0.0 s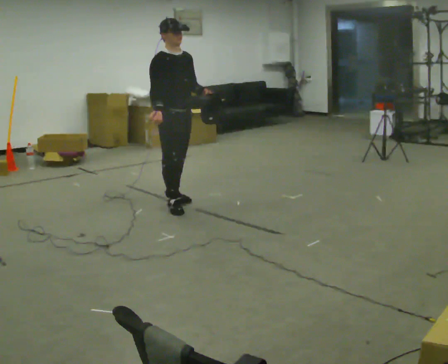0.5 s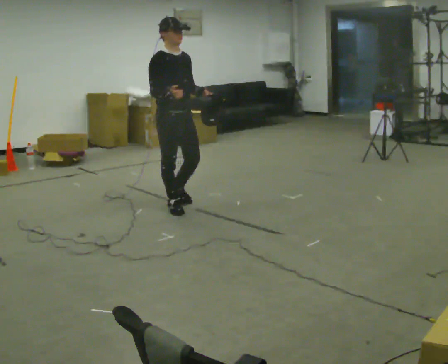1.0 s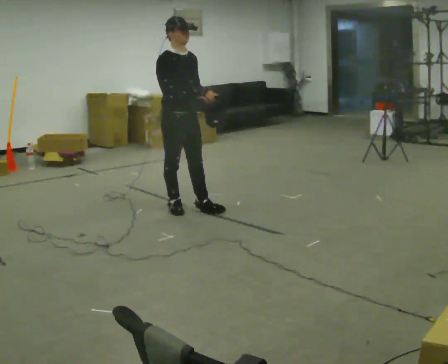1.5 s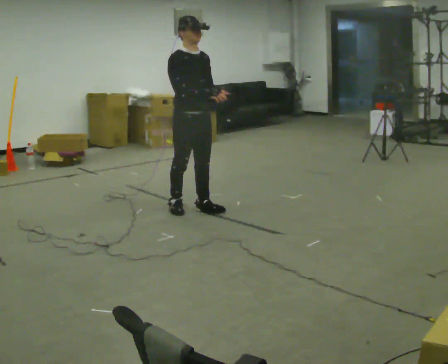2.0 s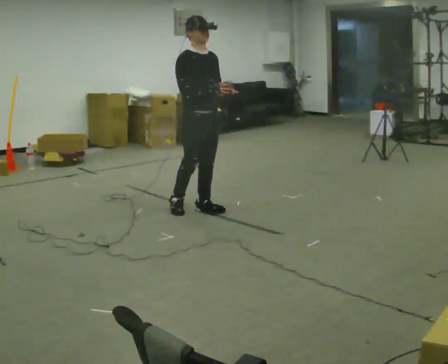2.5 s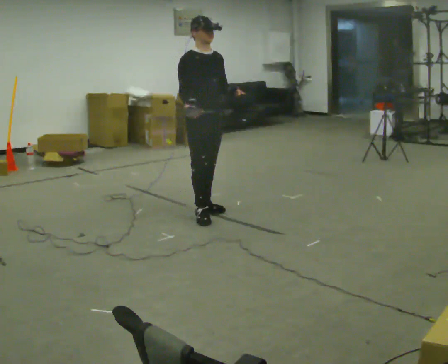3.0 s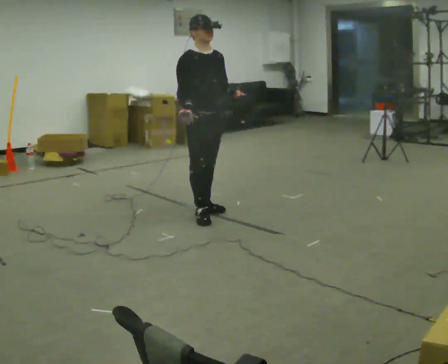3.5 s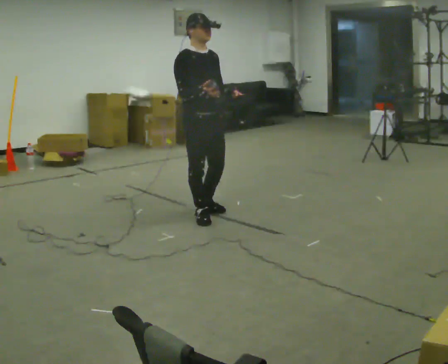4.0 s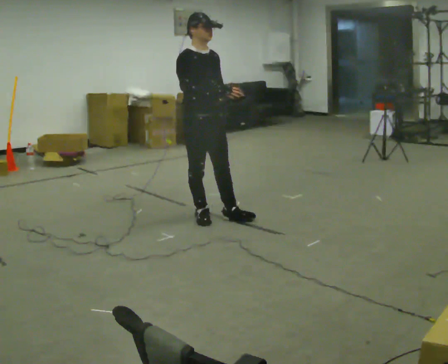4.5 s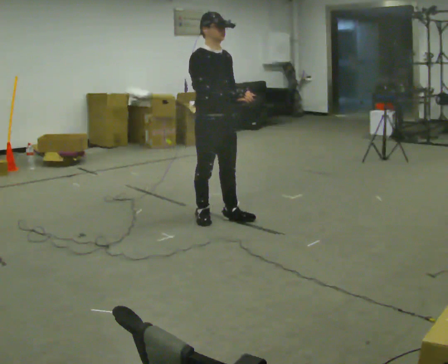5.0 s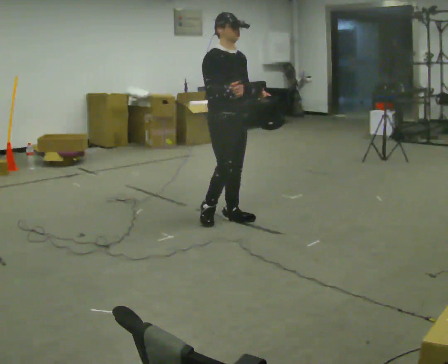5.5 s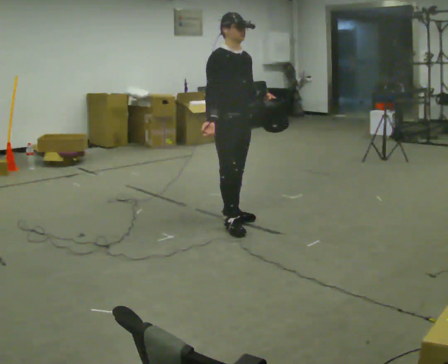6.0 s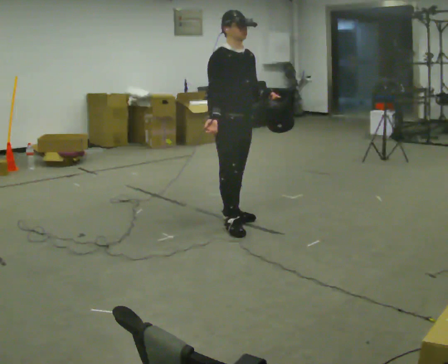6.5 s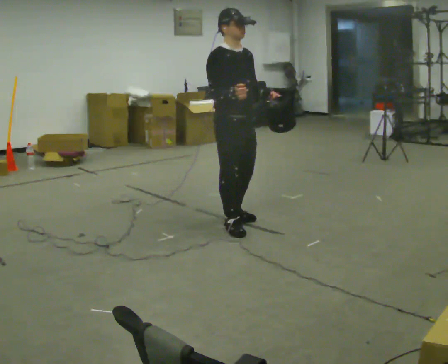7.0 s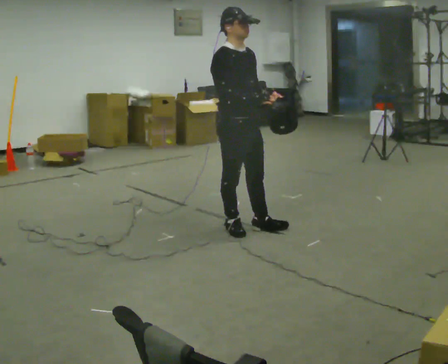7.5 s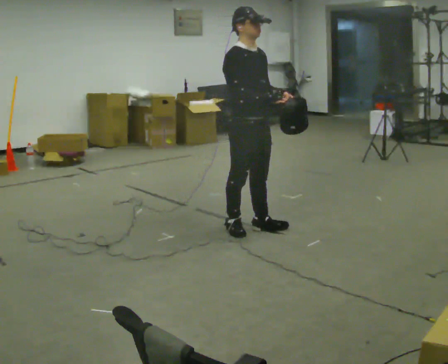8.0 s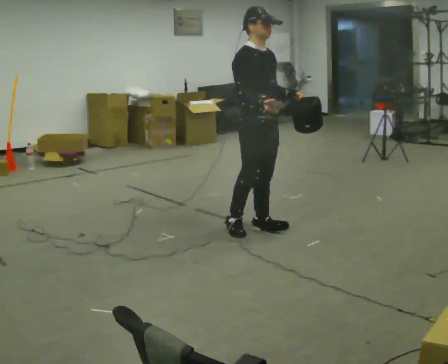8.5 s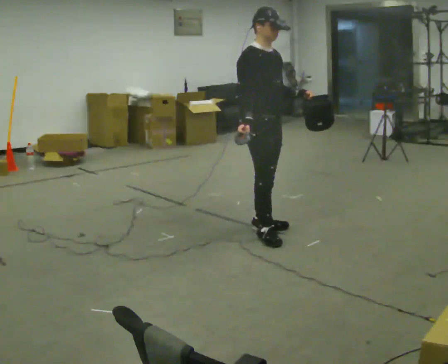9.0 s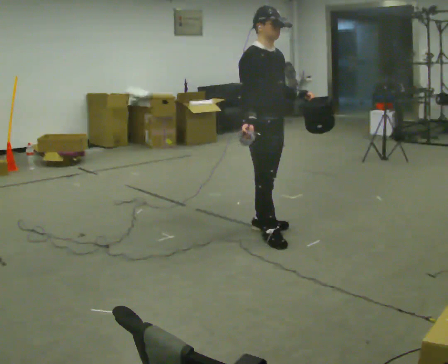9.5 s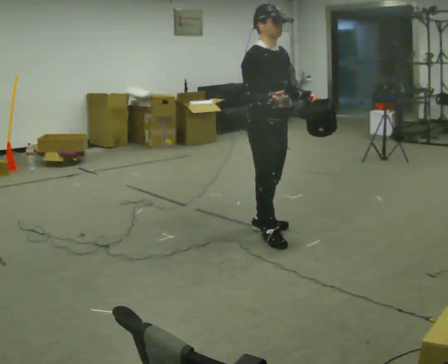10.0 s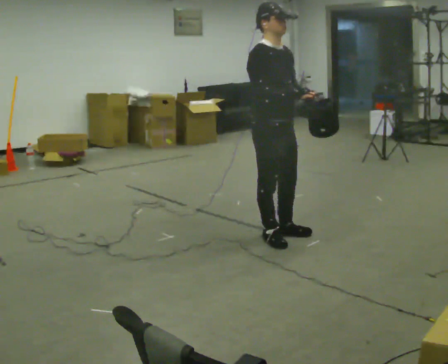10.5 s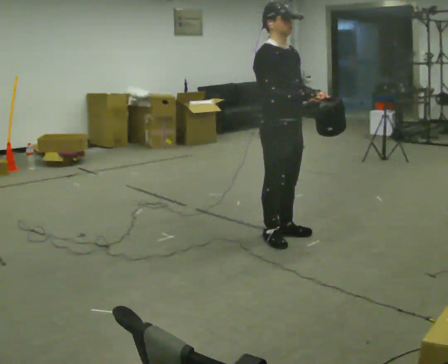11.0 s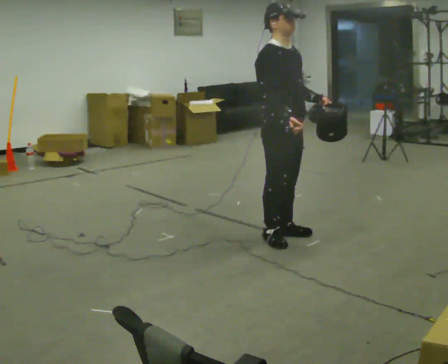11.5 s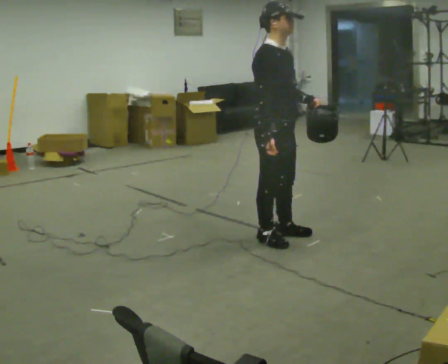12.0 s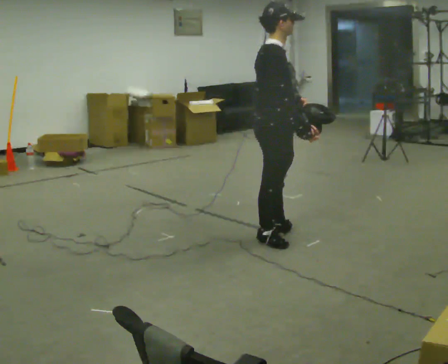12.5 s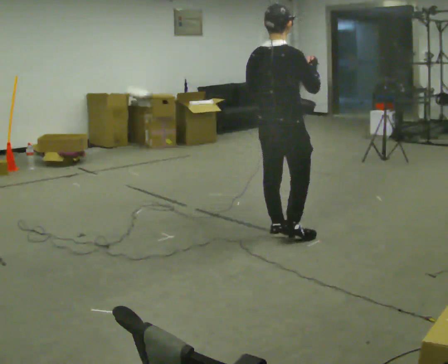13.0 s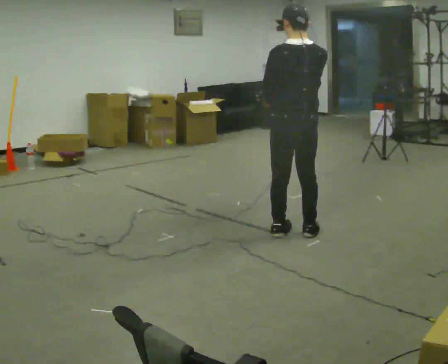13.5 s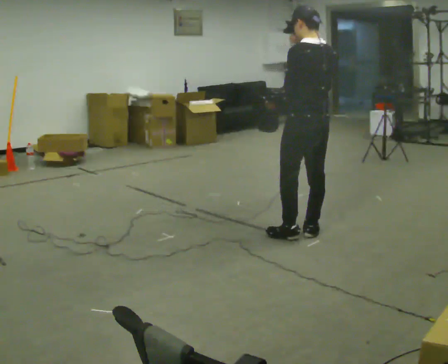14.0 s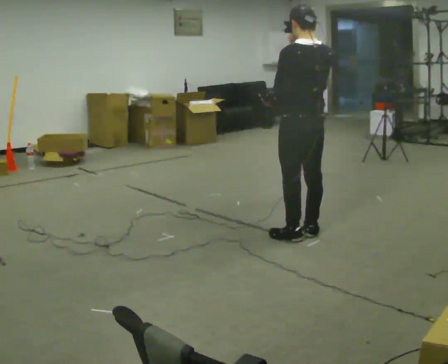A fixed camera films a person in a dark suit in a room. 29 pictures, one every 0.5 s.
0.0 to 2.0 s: In the picture they go to the right, about 0.25 m in 1 step, which for them is forward.
2.0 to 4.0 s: In the picture they go toward the camera, about 0.25 m in 2 steps, which for them is forward and to their right.
4.0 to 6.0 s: In the picture they go to the right, about 0.25 m in 1 step, which for them is forward.
6.0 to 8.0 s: In the picture they go to the right, about 0.25 m in 1 step, which for them is forward.
8.0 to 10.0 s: In the picture they go toward the camera, about 0.25 m in 2 steps, which for them is forward.
10.0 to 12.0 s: The person turns about 45 degrees to their left, counterclockwise seen from above, so the part of the body nearest the lens slides to the right.
12.0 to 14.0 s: The part of the body nearest the lens slides to the right as the person turns to their left by about 105 degrees. In the picture they go to the right, about 0.25 m in 2 steps. In the picture their right hand goes upward.
The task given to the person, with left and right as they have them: Carry the open container and, while walking, reach in with one hand and take an item out, then put it back. Repeat as you walk. Do not stop.
The film runs forward here.
